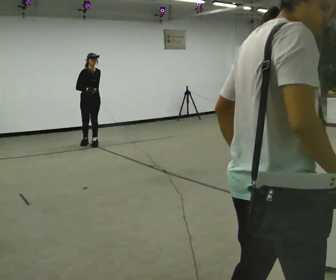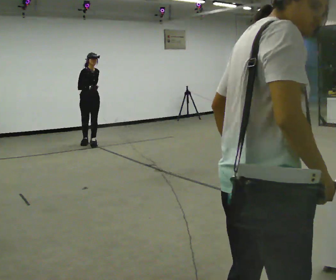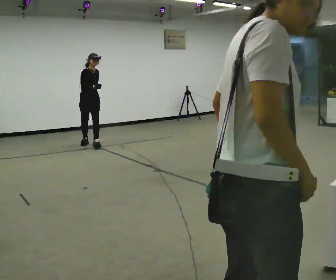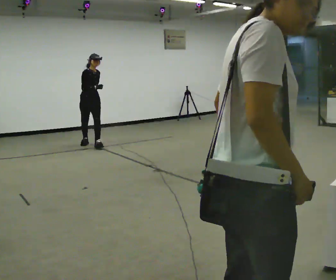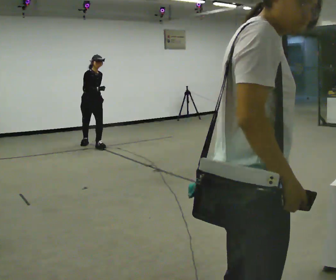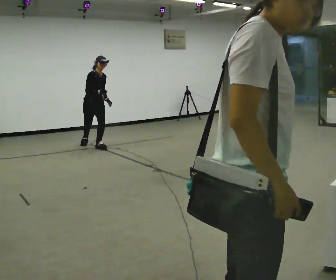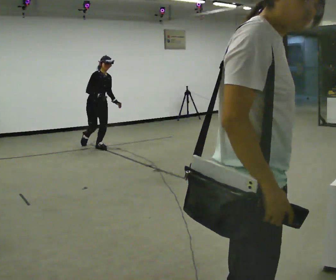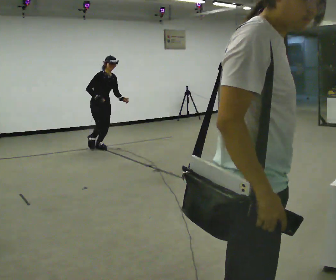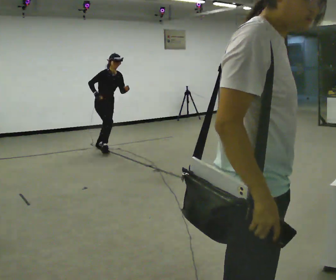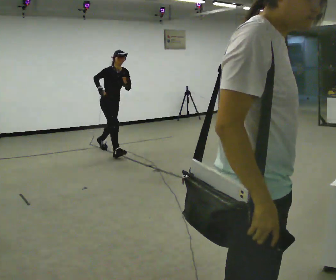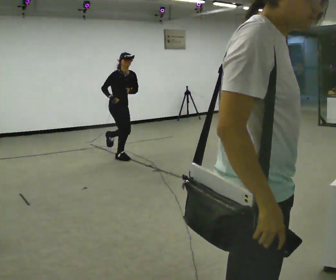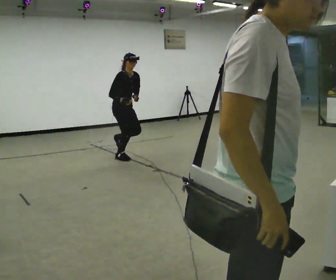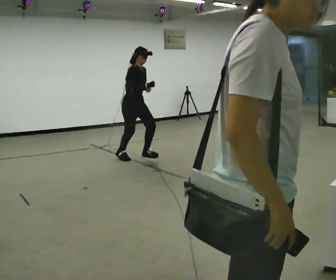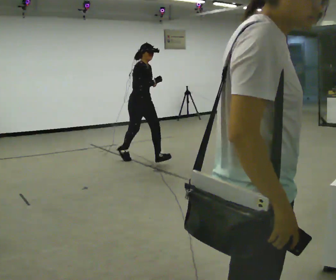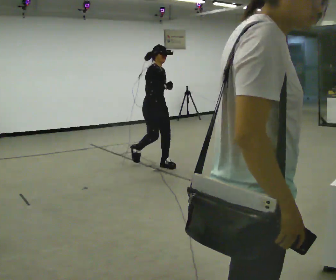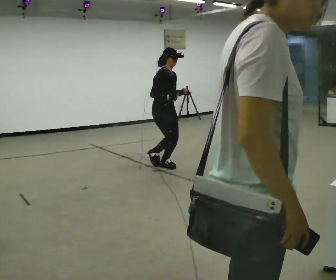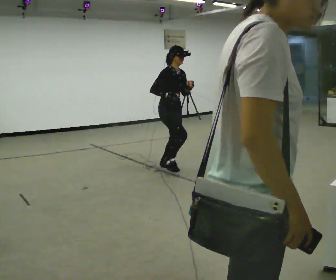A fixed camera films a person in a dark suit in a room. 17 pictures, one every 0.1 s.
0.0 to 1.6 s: In the picture they go toward the camera and to the right, about 2 m in 3 steps, which for them is forward.
The film runs forward here.
